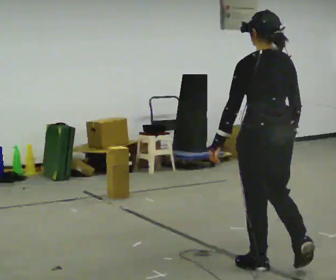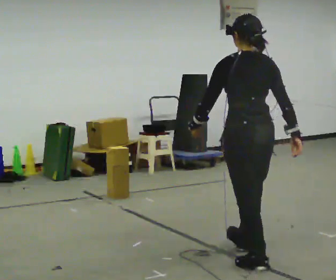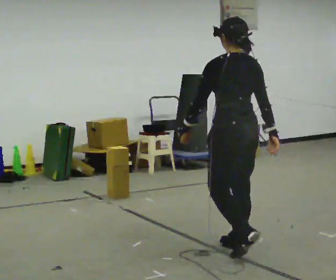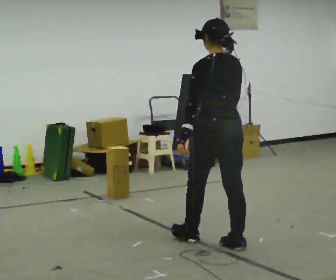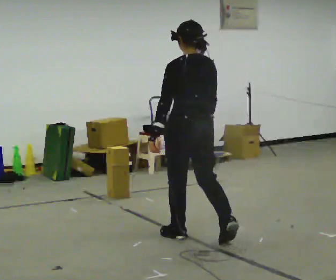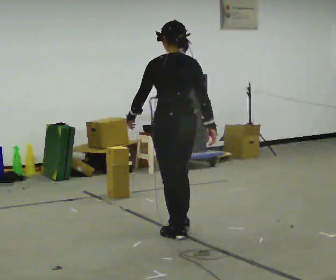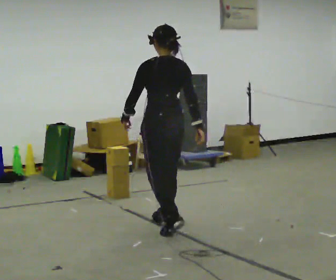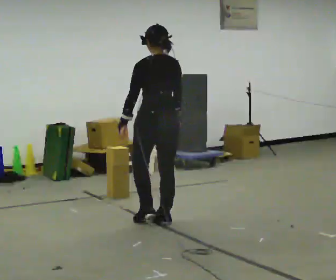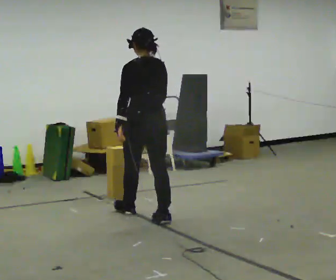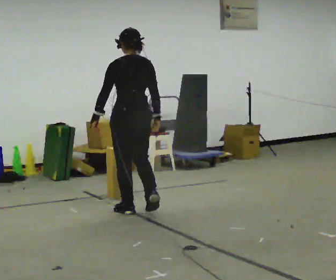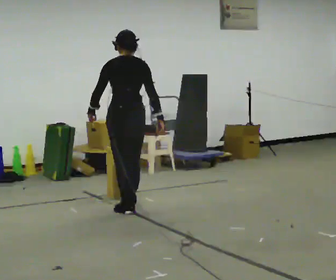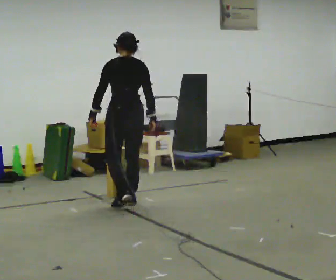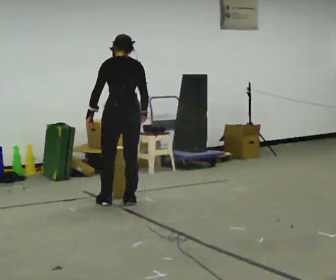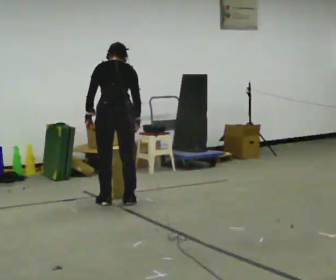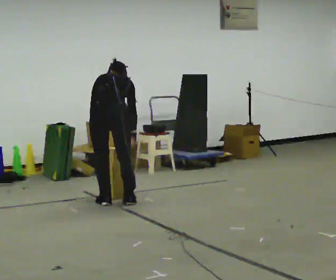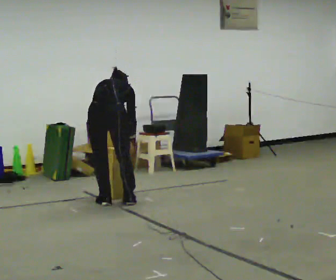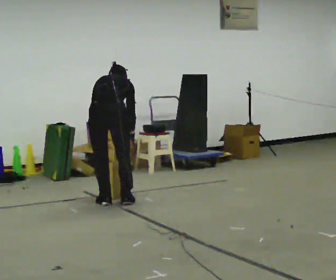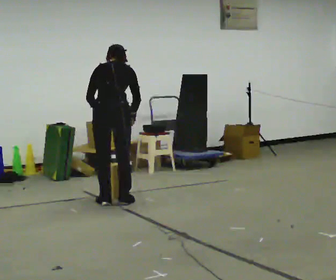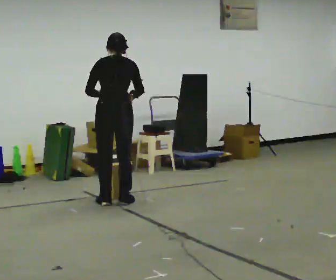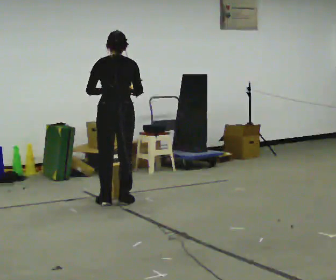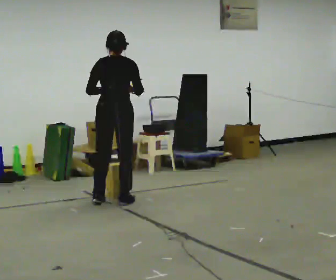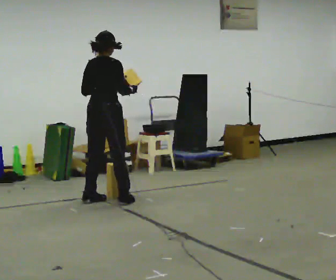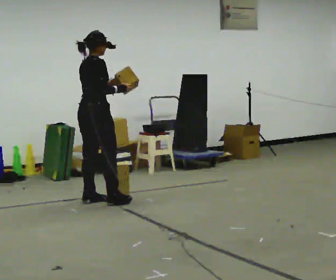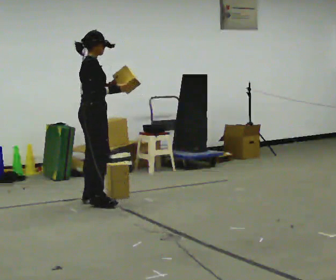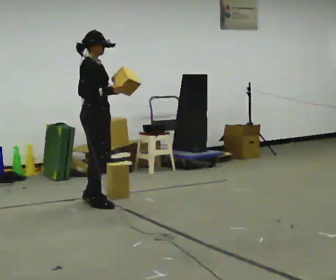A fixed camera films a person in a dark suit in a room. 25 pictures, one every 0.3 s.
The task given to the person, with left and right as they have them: Carry the box and, while you are still walking, turn it so you can read the label, read it out loud, then carry on. Repeat with the next box. Do not stop to read it.
0.0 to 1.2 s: In the picture they go away from the camera and to the left, about 1 m in 2 steps, which for them is forward.
1.2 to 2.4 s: In the picture they go away from the camera and to the left, about 1 m in 2 steps, which for them is forward.
2.4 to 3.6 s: In the picture they go away from the camera, about 0.5 m in 2 steps, which for them is forward.
3.6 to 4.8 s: The upper body tips away from the camera, its near side rolling upward, as they bend forward.
4.8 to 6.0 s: The upper body goes upward. The upper body tips toward the camera, its near side rolling downward, as they lean back or straighten. In the picture their left hand goes upward.
6.0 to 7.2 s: The part of the body nearest the lens slides to the left as the person turns to their right by about 90 degrees. In the picture they go to the left, about 0.25 m in 2 steps. In the picture their right hand goes to the left.
The film runs forward here.
